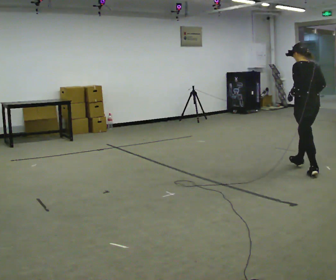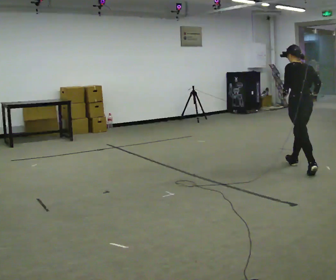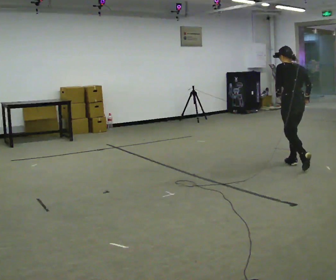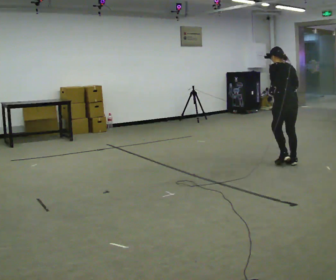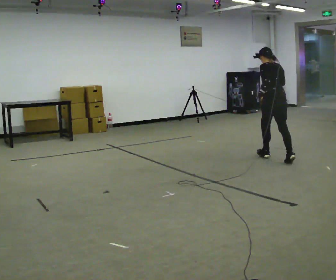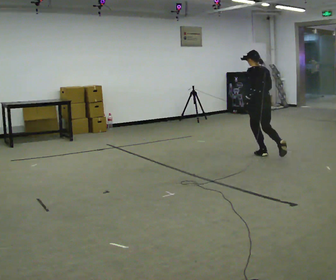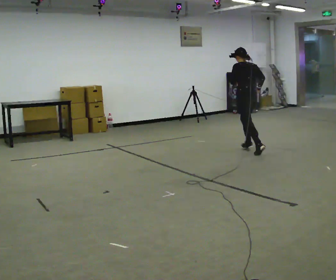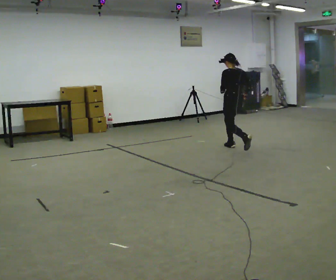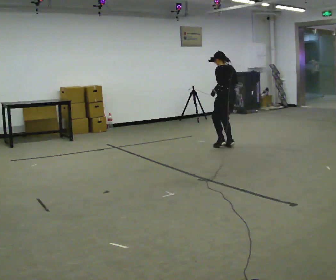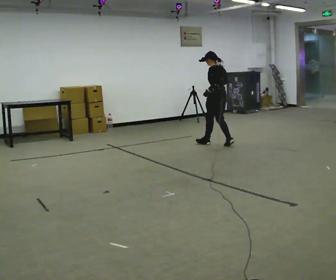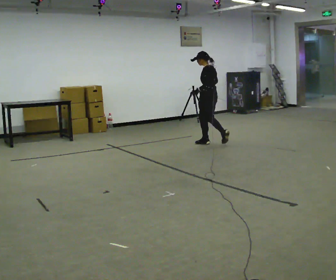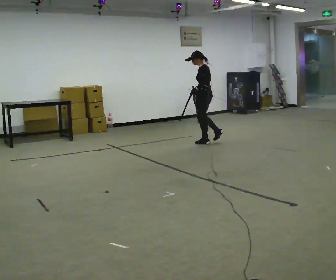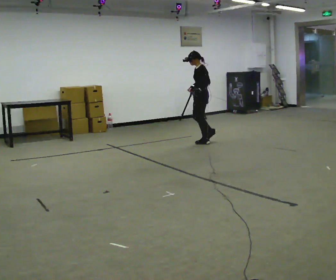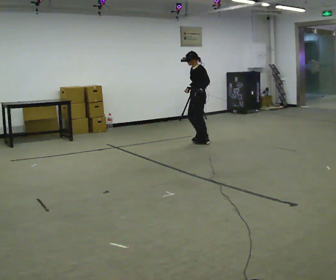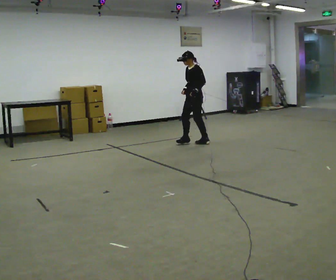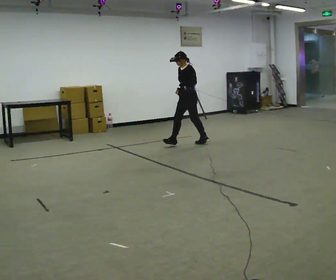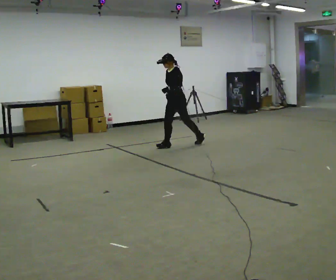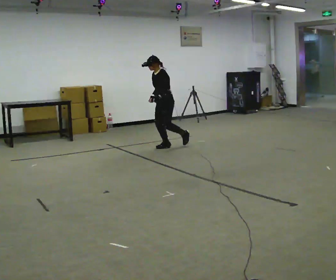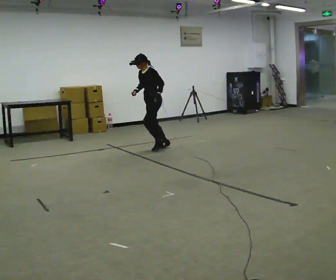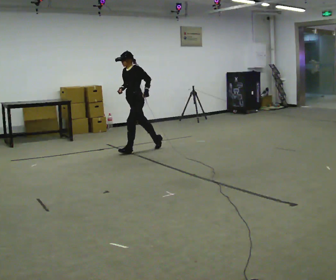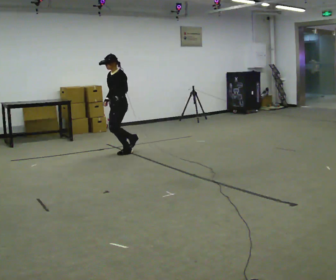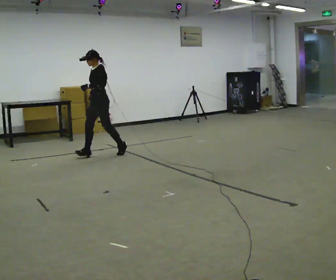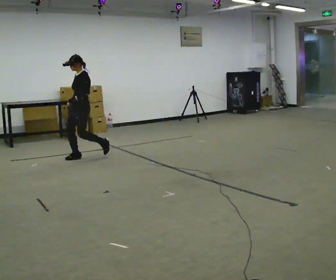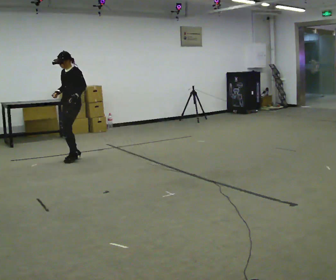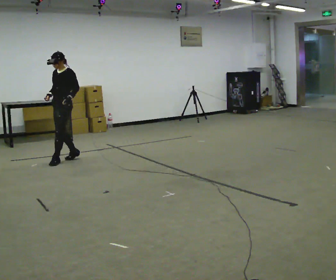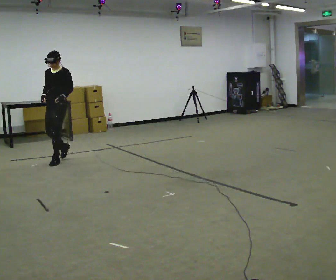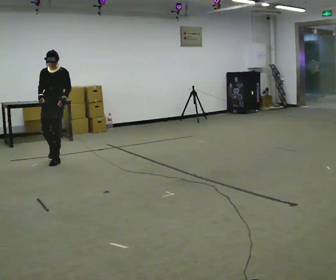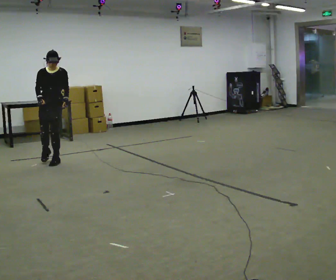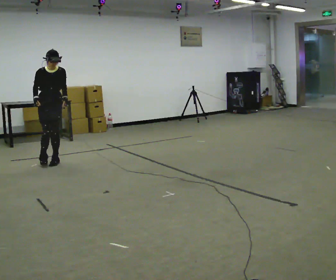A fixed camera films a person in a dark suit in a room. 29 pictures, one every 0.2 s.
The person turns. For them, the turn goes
to their left.
The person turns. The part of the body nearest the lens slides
to the right.
0.0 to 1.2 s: In the picture they go away from the camera and to the left, about 1.5 m in 2 steps, which for them is forward.
1.2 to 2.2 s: The person turns about 45 degrees to their left, counterclockwise seen from above, so the part of the body nearest the lens slides to the right. In the picture they go away from the camera and to the left, about 1 m in 2 steps, which for them is forward.
2.2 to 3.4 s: The person turns about 45 degrees to their left, counterclockwise seen from above, so the part of the body nearest the lens slides to the right. In the picture they go to the left, about 0.5 m in 1 step, which for them is forward.
3.4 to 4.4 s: In the picture they go to the left and toward the camera, about 1.5 m in 2 steps, which for them is forward.
4.4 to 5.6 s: The person turns about 75 degrees to their left, counterclockwise seen from above, so the part of the body nearest the lens slides to the right. In the picture they go toward the camera and to the left, about 0.5 m in 1 step.
The film runs forward here.
